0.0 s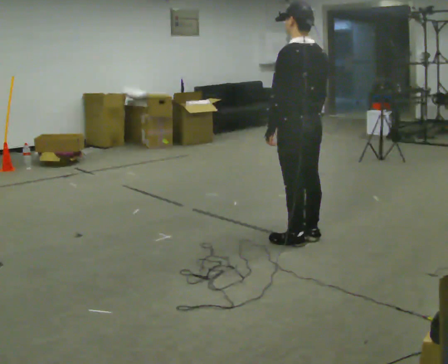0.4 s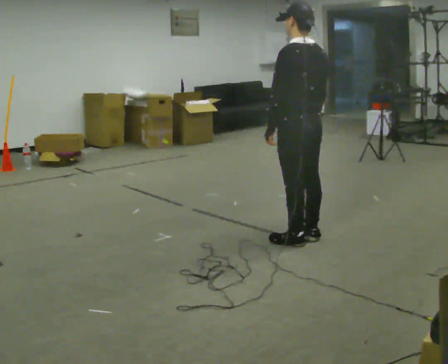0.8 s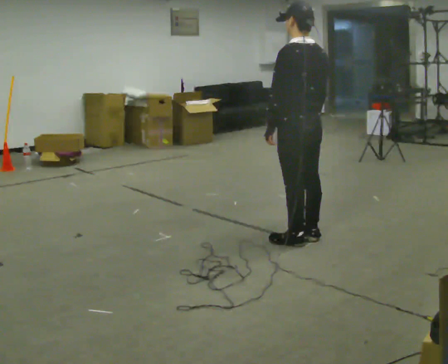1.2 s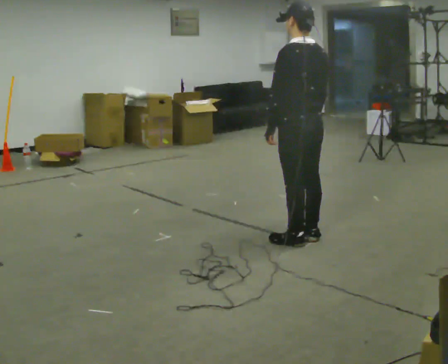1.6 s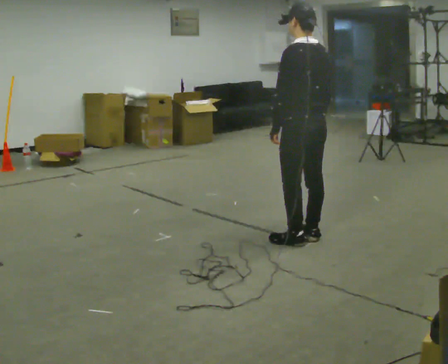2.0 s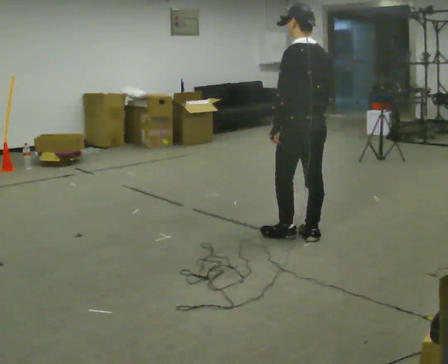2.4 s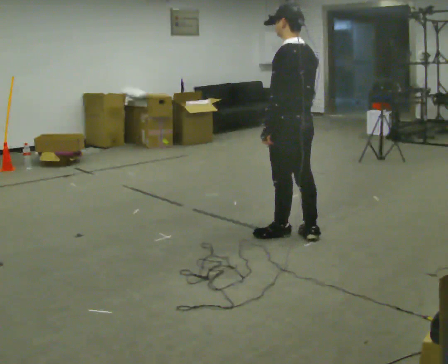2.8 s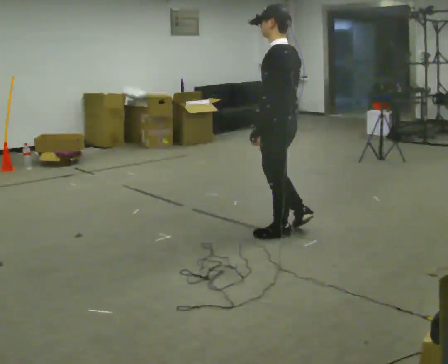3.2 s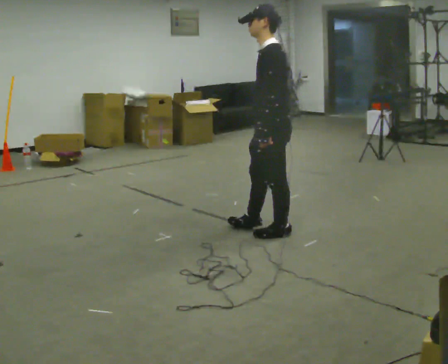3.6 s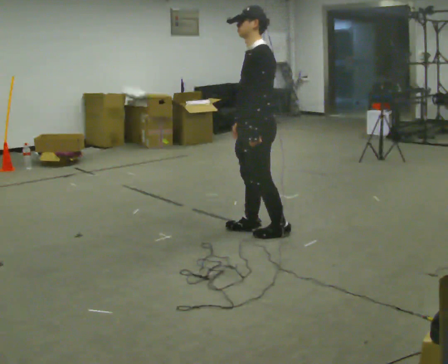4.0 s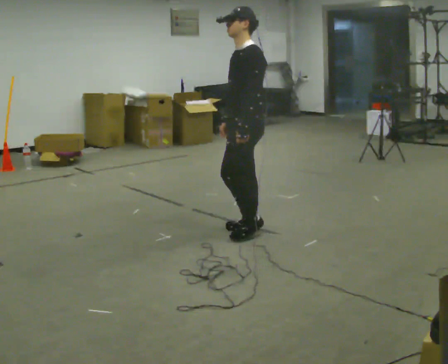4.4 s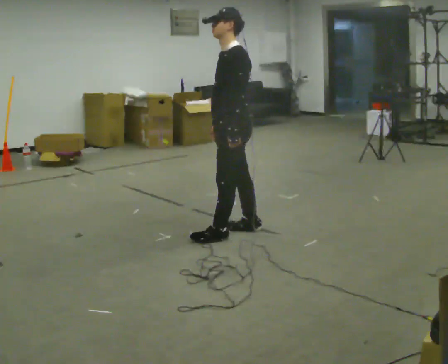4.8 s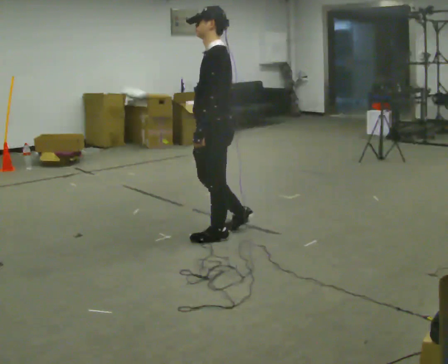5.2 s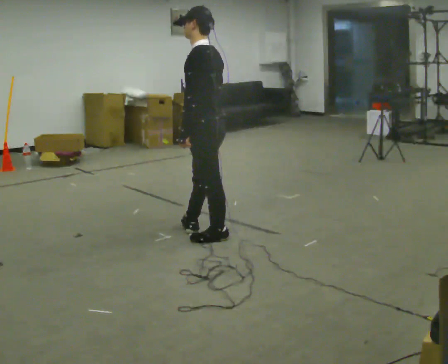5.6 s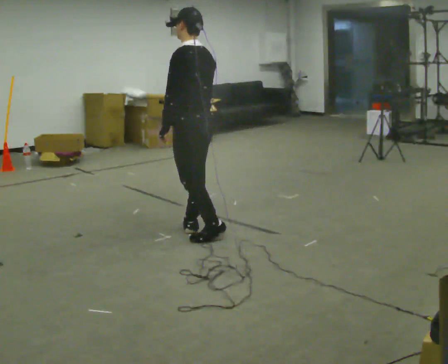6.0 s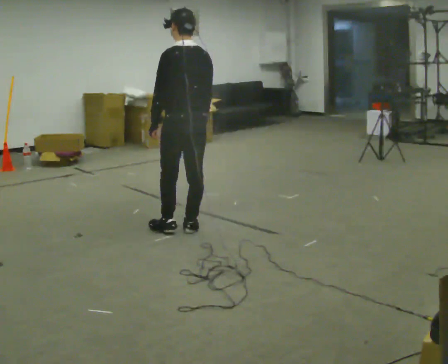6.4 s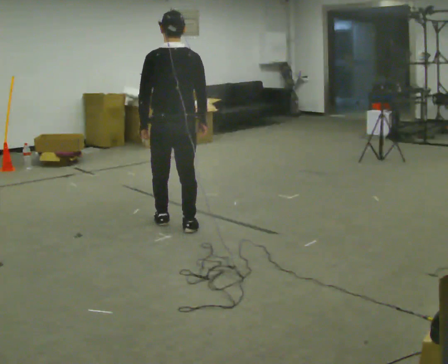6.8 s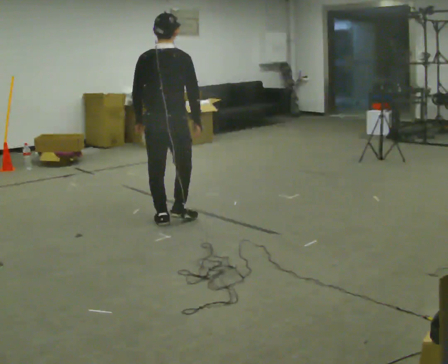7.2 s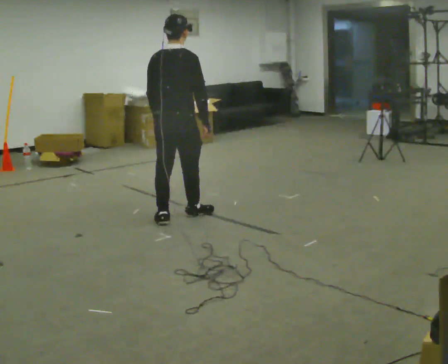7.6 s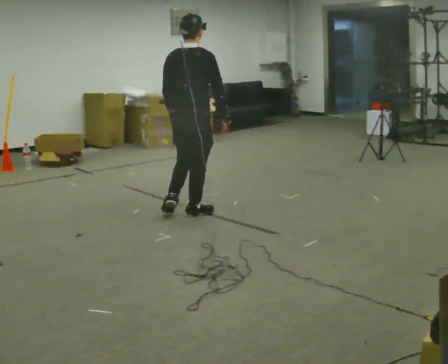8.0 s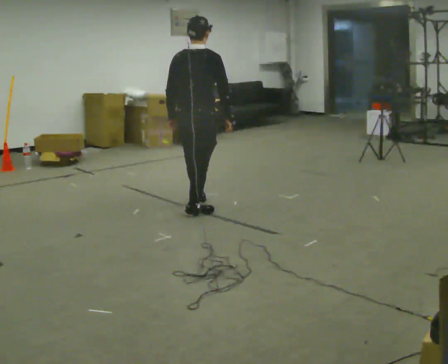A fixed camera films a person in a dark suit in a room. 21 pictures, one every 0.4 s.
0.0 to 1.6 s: The person moves a little, or ends about where they began.
1.6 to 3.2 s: The part of the body nearest the lens slides to the right as the person turns to their left by about 45 degrees. In the picture they go to the left, about 0.25 m in 1 step, which for them is forward.
3.2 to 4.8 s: In the picture they go to the left, about 0.5 m in 2 steps, which for them is forward.
4.8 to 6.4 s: The person turns about 75 degrees to their right, clockwise seen from above, so the part of the body nearest the lens slides to the left. In the picture they go to the left and away from the camera, about 0.5 m in 2 steps.
6.4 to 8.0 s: Seen from above the body turns clockwise, about 30 degrees: to their right, with its near side sliding to the left. In the picture they go away from the camera and to the right, about 0.5 m in 2 steps, which for them is forward.
The film runs forward here.
